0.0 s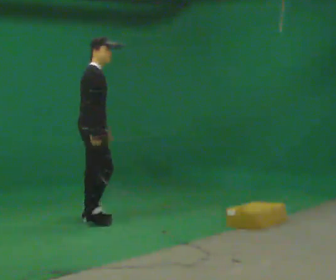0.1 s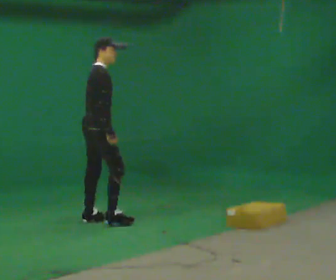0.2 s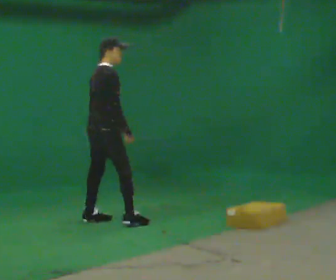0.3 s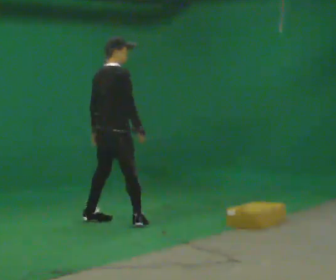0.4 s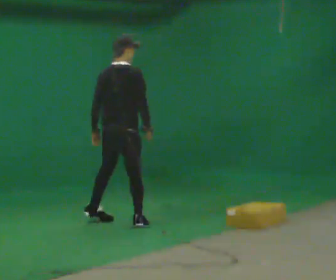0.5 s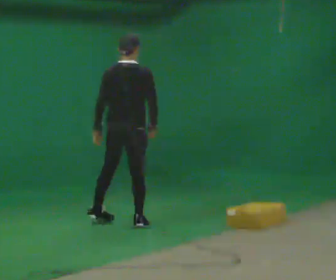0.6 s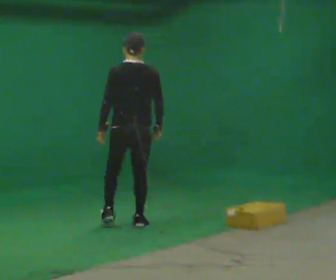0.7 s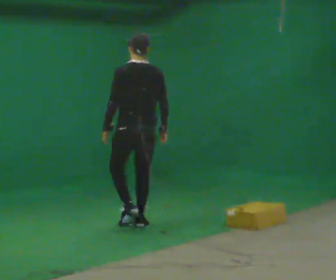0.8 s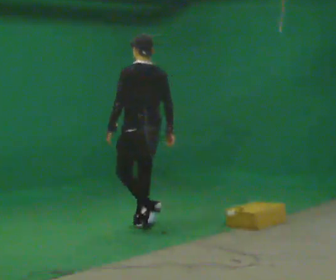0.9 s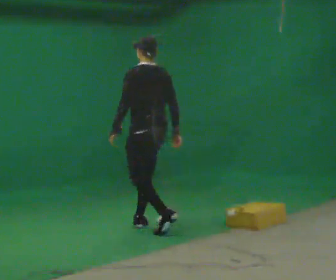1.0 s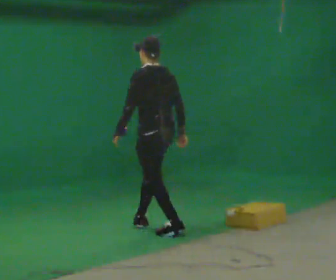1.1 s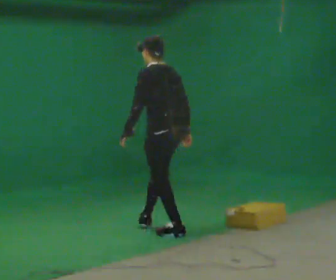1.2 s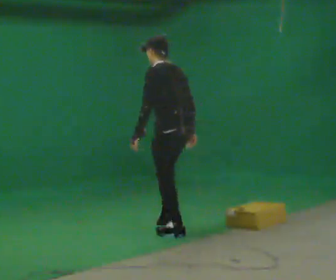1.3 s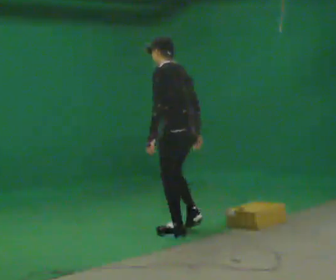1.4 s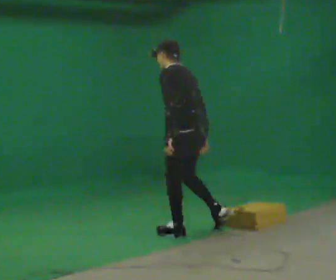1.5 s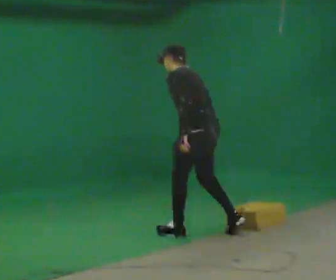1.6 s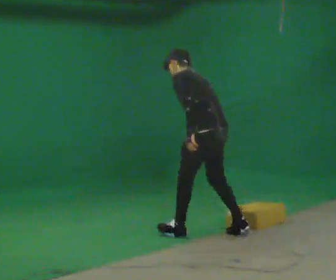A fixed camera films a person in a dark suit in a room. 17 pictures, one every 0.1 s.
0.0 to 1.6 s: Seen from above the body turns counterclockwise, about 150 degrees: to their left, with its near side sliding to the right. In the picture they go to the right and toward the camera, about 1.5 m in 3 steps. In the picture the upper body tilts counterclockwise, shoulders to the left, as they bend forward.
The film runs backward here.
